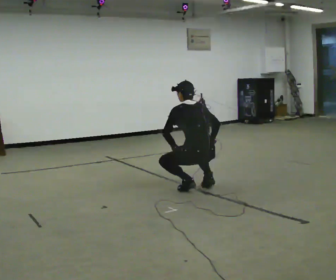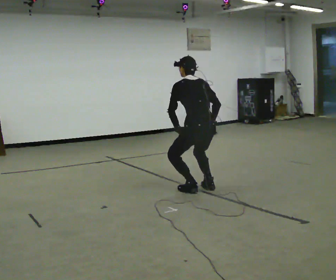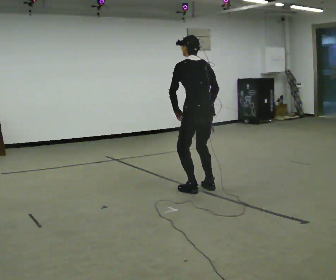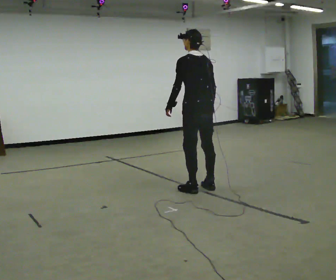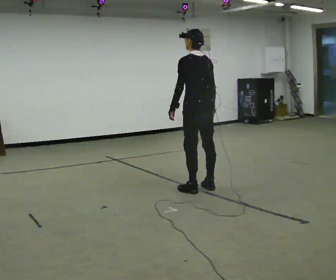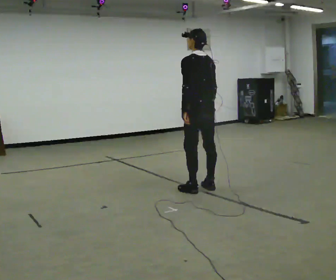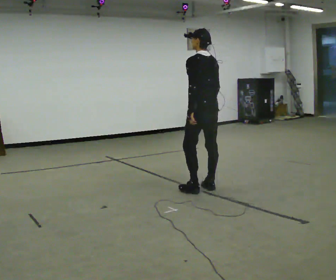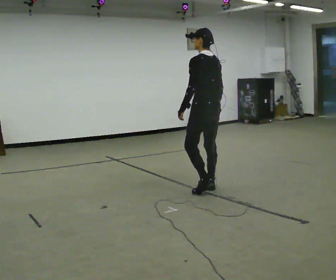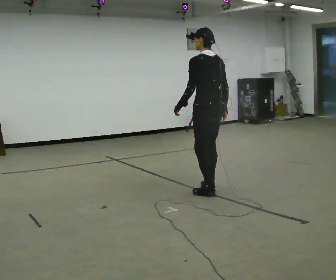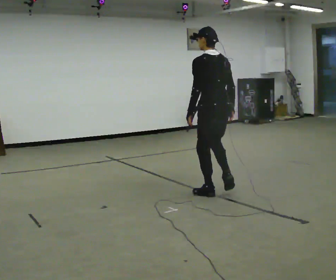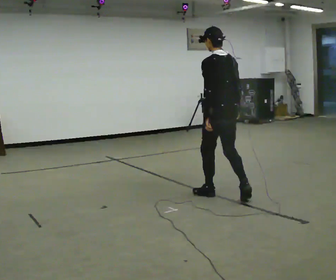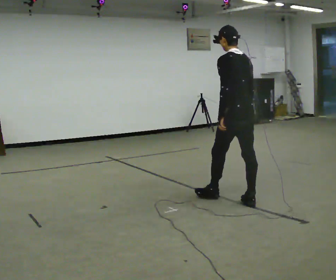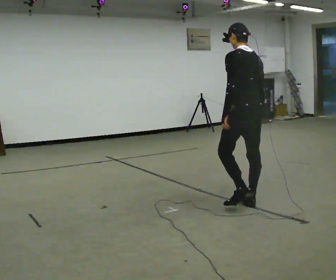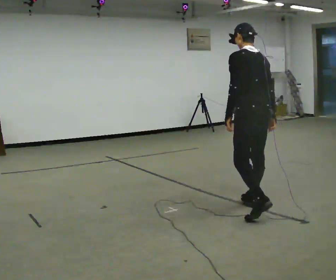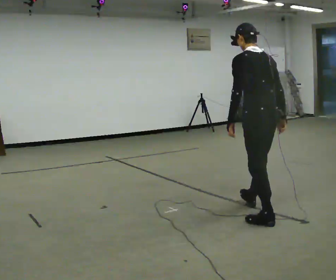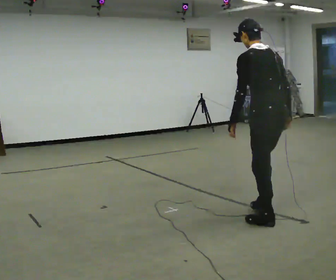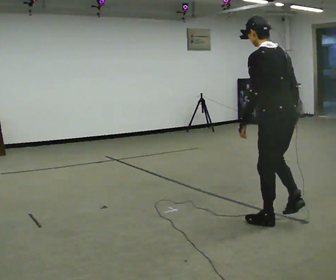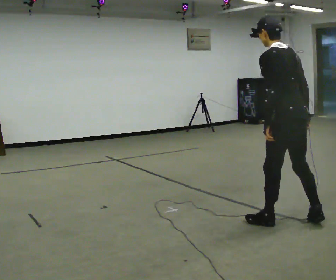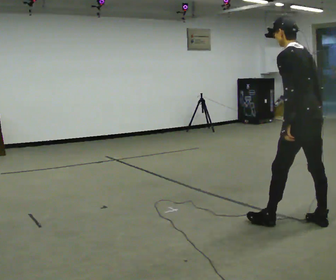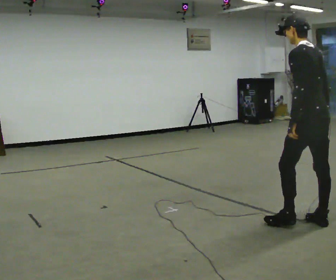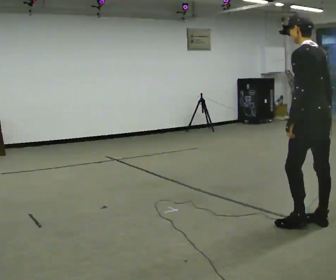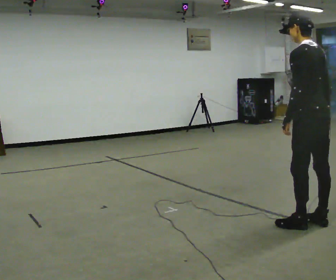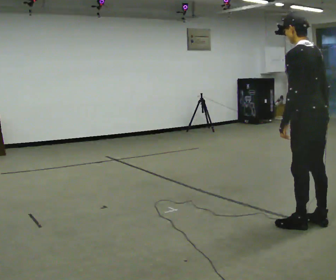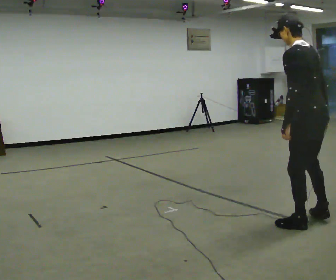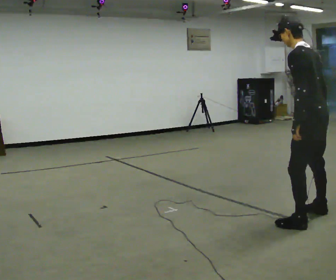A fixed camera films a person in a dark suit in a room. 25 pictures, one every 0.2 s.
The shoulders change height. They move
upward.
0.0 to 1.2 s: The shoulders move upward. The upper body tips toward the camera, its near side rolling downward, as they lean back or straighten. In the picture their right hand goes upward.
1.2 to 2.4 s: In the picture they go toward the camera and to the right, about 0.5 m in 2 steps, which for them is backward.
2.4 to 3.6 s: In the picture they go toward the camera and to the right, about 0.5 m in 1 step, which for them is backward.
3.6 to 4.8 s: The person moves a little, or ends about where they began.
The film runs backward here.
